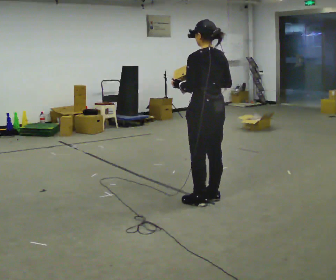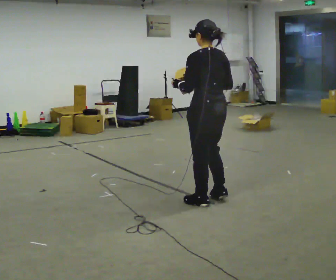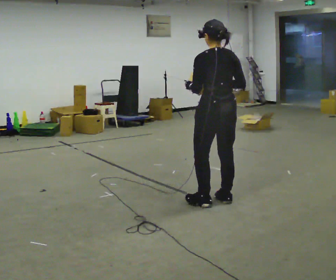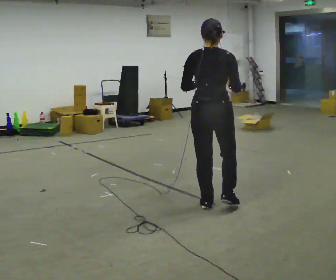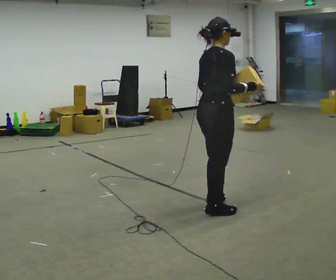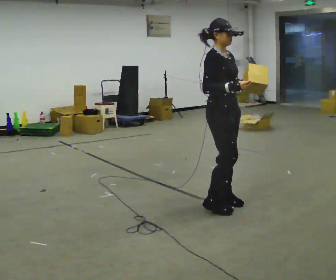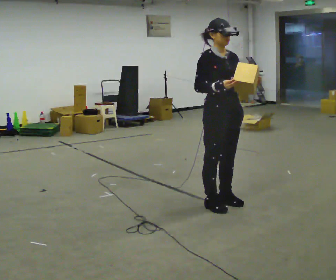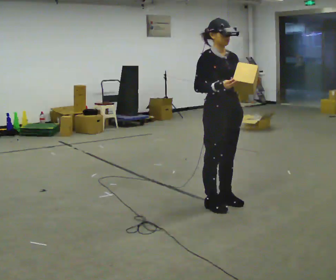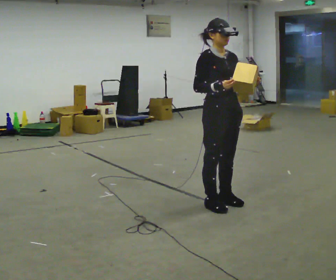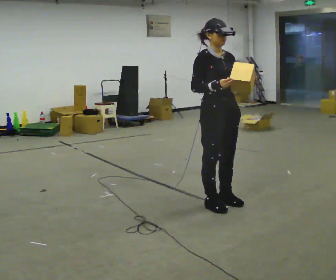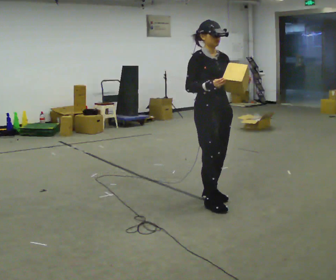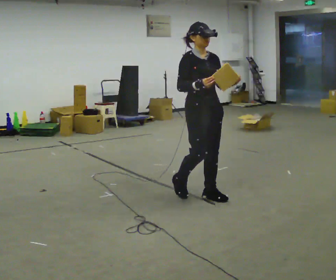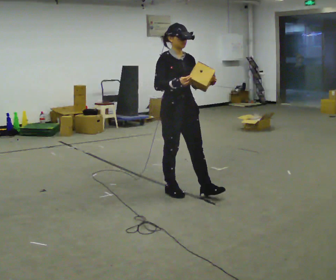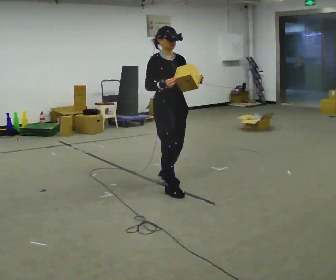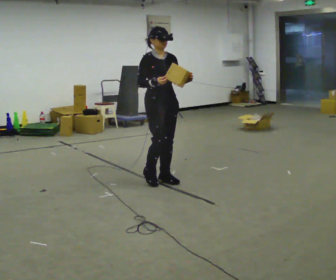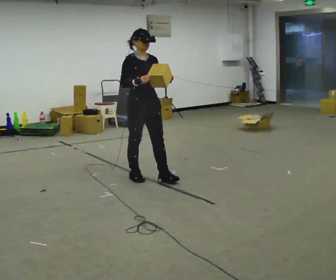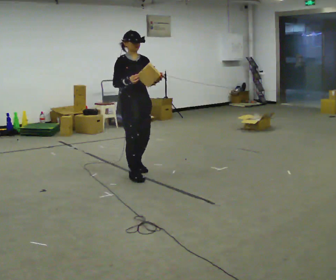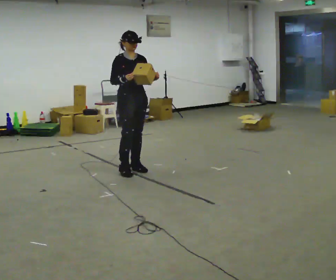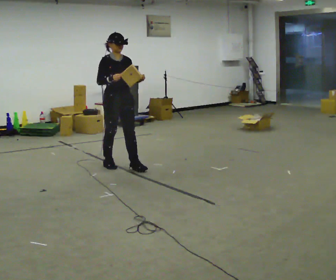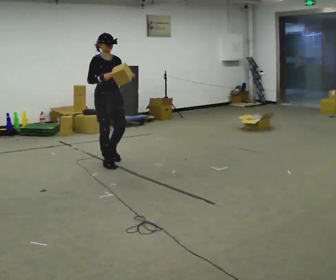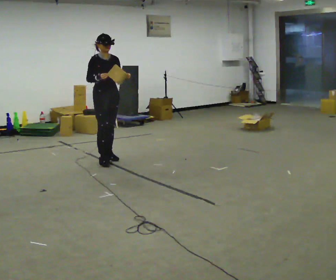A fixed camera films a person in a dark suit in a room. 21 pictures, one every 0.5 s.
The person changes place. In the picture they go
to the left.
The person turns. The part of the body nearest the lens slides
to the left.
0.0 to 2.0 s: The person turns about 105 degrees to their right, clockwise seen from above, so the part of the body nearest the lens slides to the left. In the picture they go toward the camera, about 0.25 m in 2 steps. In the picture their right hand goes to the right.
2.0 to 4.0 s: The person turns about 75 degrees to their right, clockwise seen from above, so the part of the body nearest the lens slides to the left. In the picture they go away from the camera, about 0.25 m in 1 step.
4.0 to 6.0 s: In the picture they go to the left and away from the camera, about 0.5 m in 3 steps, which for them is backward.
6.0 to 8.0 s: In the picture they go to the left and away from the camera, about 1 m in 2 steps, which for them is backward.
8.0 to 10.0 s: In the picture they go to the left and away from the camera, about 1 m in 3 steps, which for them is backward.
The film runs backward here.
